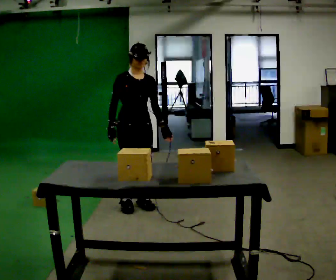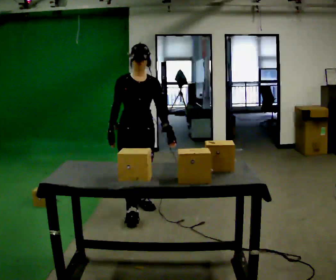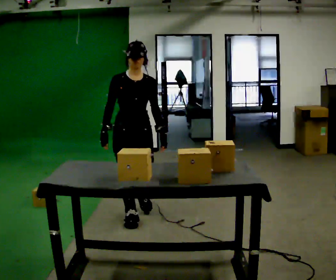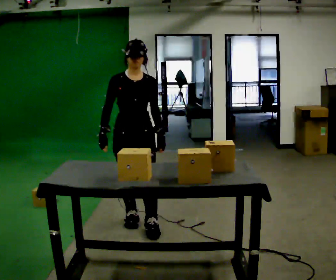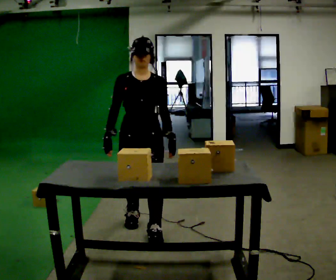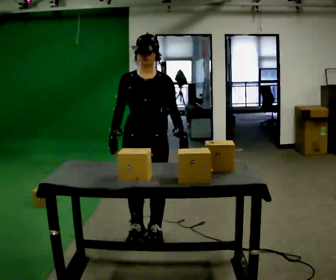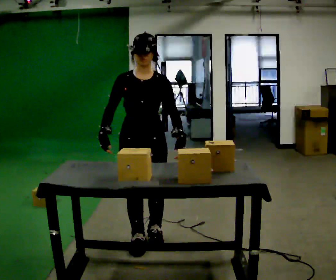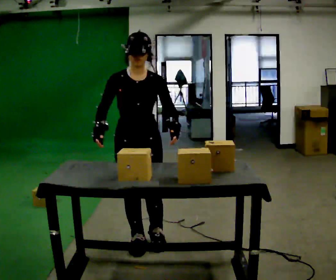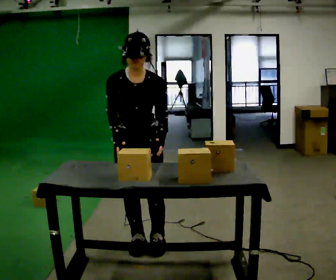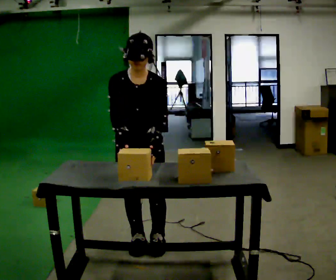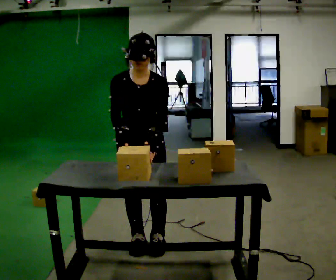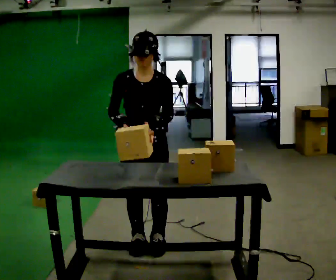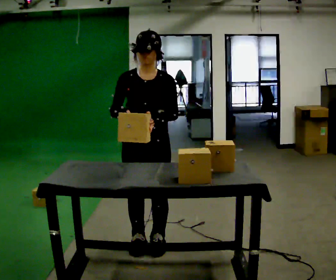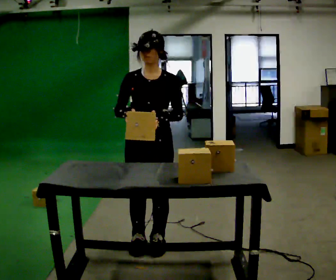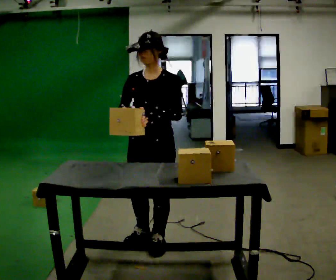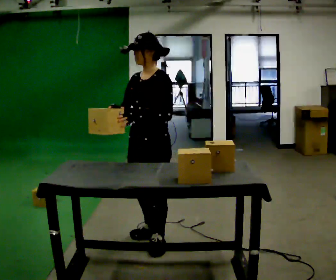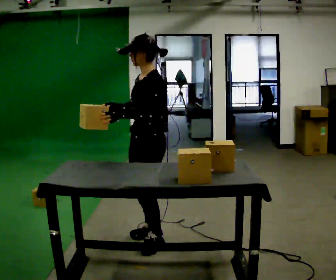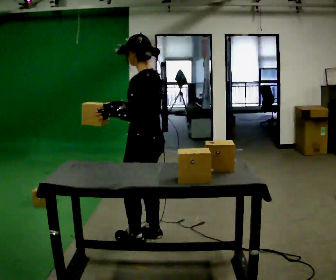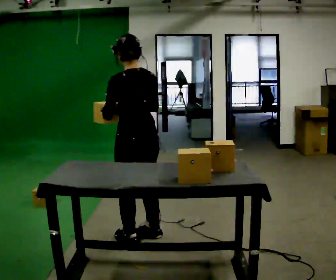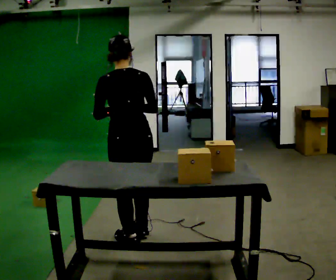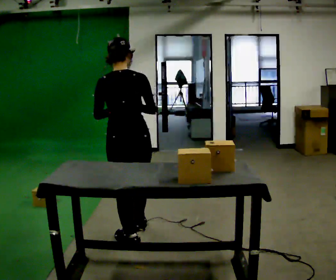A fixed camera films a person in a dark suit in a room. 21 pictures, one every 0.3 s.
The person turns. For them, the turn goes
to their right.
The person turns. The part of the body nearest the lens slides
to the left.
0.0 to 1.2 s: In the picture they go toward the camera, about 0.5 m in 2 steps, which for them is forward.
1.2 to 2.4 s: In the picture they go toward the camera, about 0.25 m in 2 steps, which for them is forward. The upper body tips toward the camera, its near side rolling downward, as they bend forward.
2.4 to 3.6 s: The person moves a little, or ends about where they began.
3.6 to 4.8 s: Seen from above the body turns clockwise, about 75 degrees: to their right, with its near side sliding to the left.
4.8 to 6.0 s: Seen from above the body turns clockwise, about 105 degrees: to their right, with its near side sliding to the left. In the picture they go to the left, about 0.25 m in 1 step.
The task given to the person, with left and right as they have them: Pick the fragile object up and set it back down as gently as you can. Repeat at your own pace until the operator says stop. Keep both feet on the marked spots for the whole take. If you have to step, stop and tell the operator.
The film runs forward here.
